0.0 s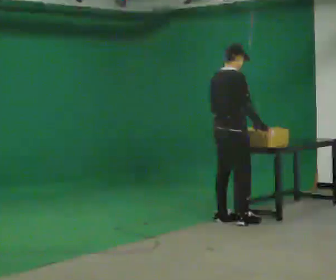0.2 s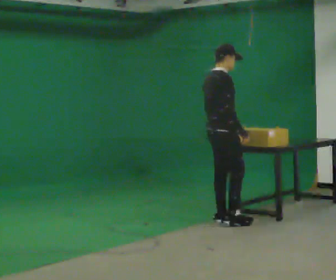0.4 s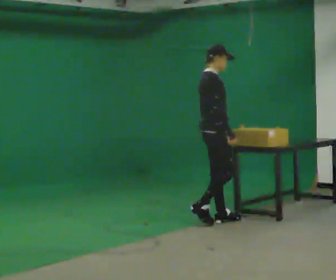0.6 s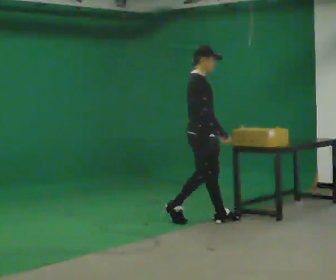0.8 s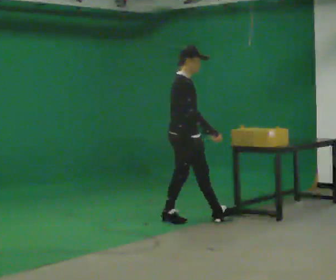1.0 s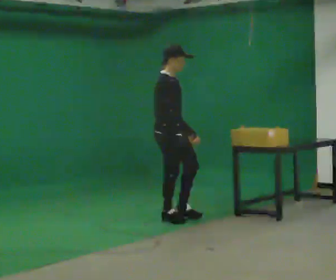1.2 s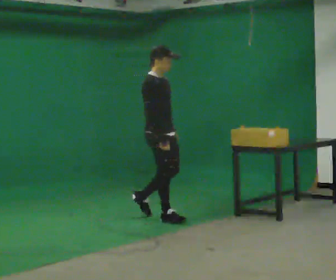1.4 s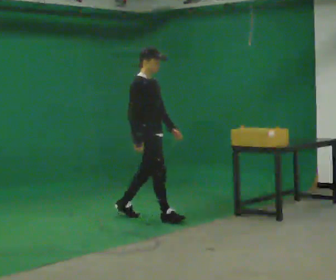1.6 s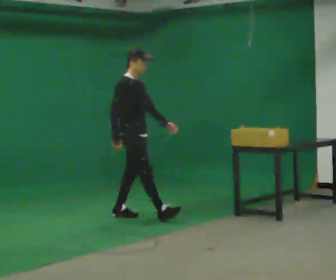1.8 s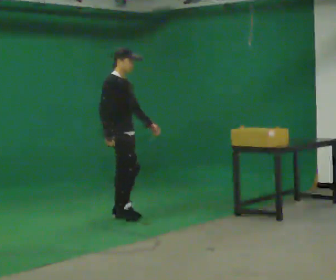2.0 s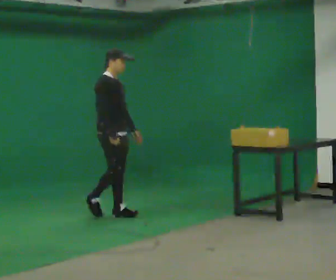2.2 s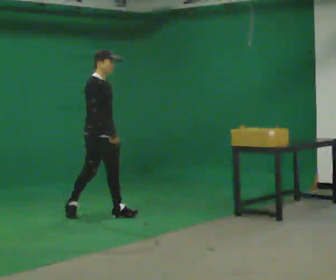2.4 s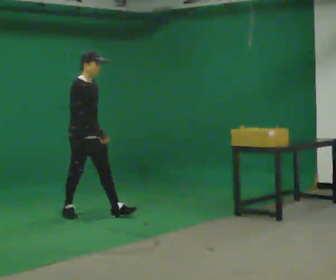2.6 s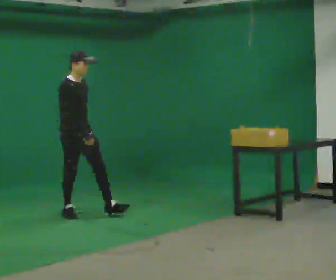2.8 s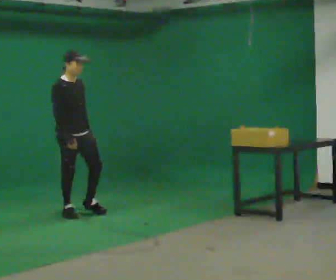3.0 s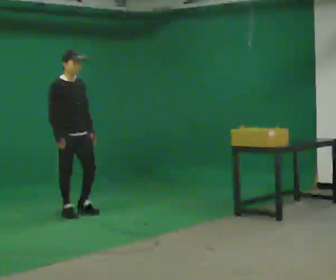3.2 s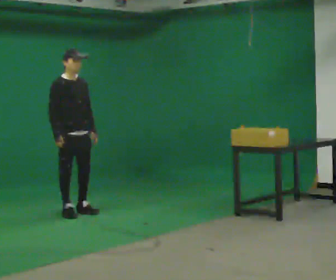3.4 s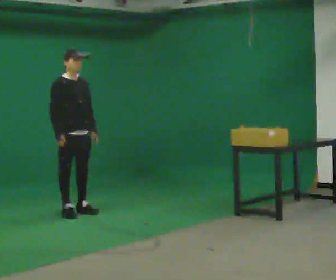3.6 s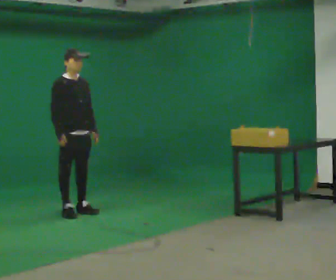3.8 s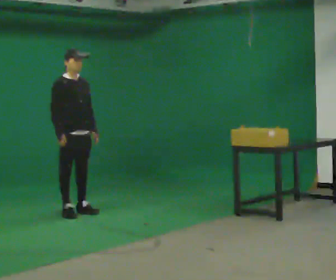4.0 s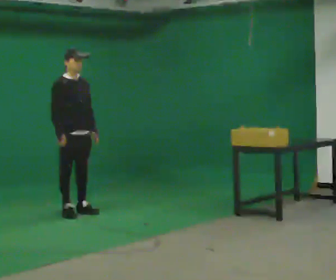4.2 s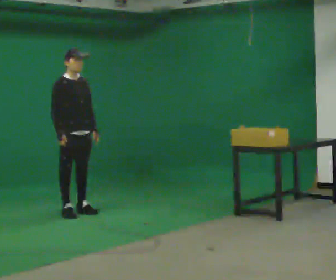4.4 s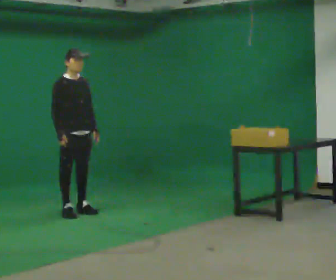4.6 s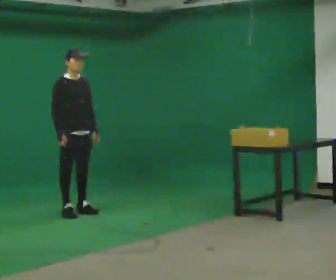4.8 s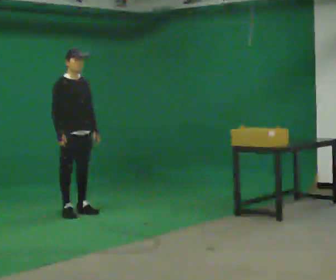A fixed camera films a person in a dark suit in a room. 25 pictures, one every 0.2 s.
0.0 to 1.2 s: Seen from above the body turns clockwise, about 60 degrees: to their right, with its near side sliding to the left. In the picture they go to the left, about 0.5 m in 2 steps, which for them is backward.
1.2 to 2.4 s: In the picture they go to the left and away from the camera, about 1 m in 1 step, which for them is backward.
2.4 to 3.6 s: In the picture their right hand goes to the left.
3.6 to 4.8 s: The person keeps their place and pose.
The film runs backward here.
